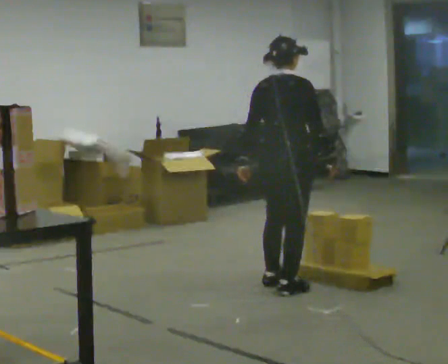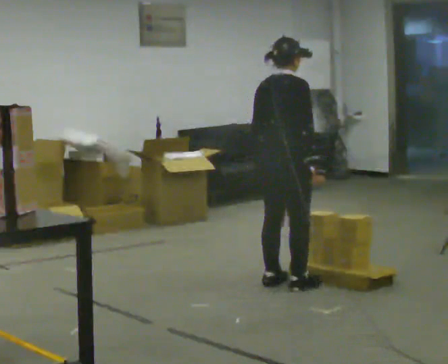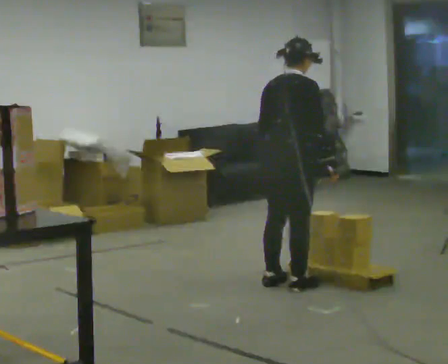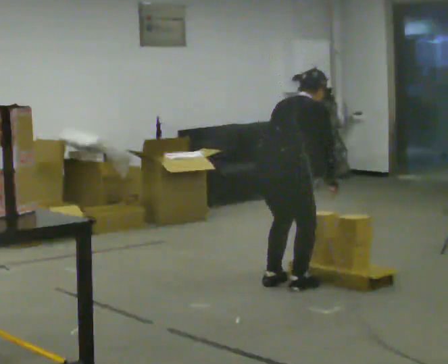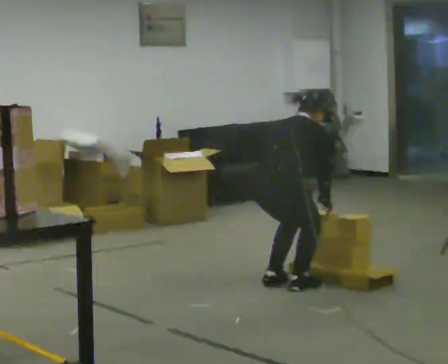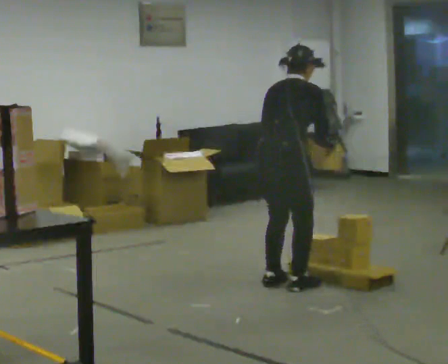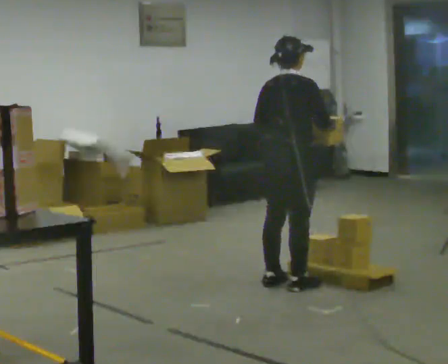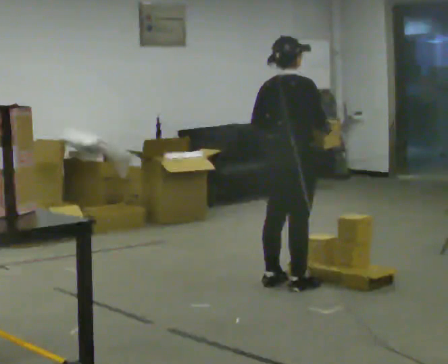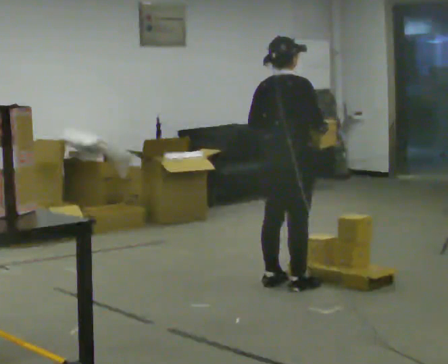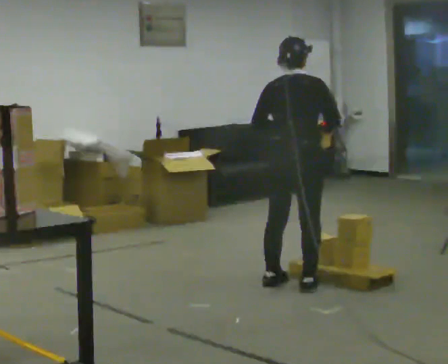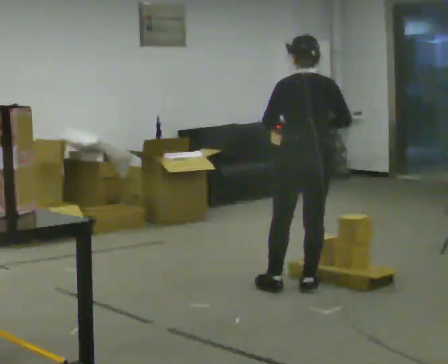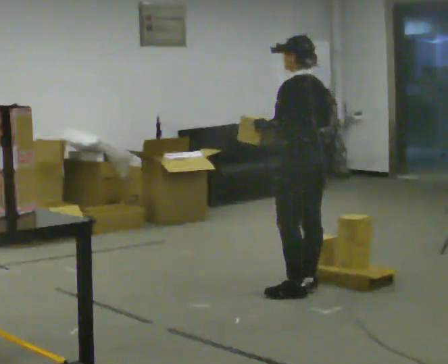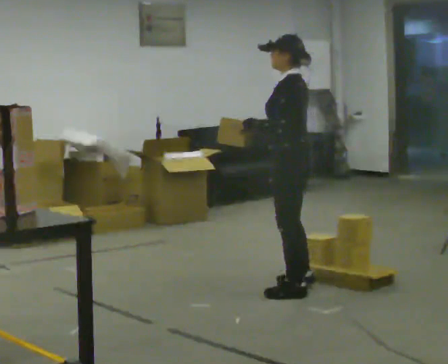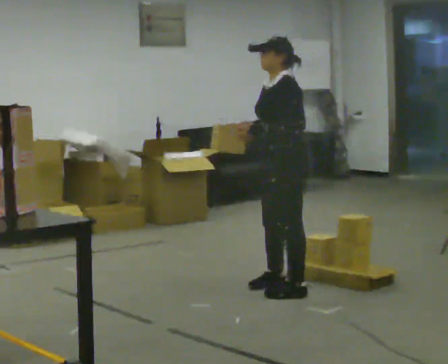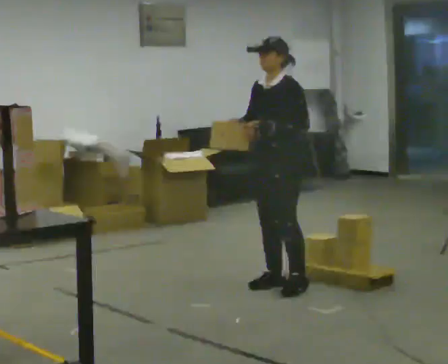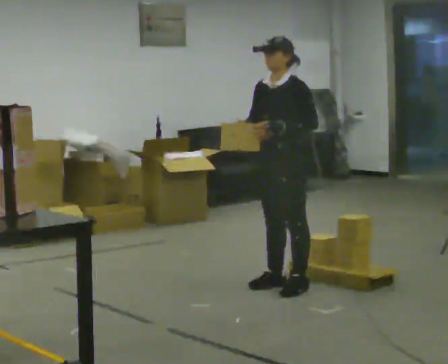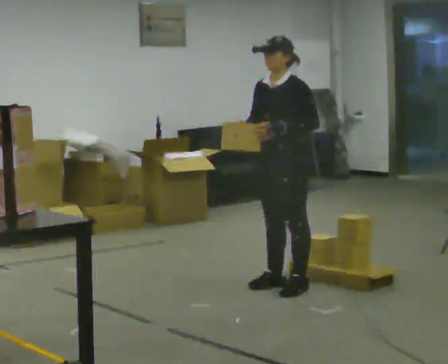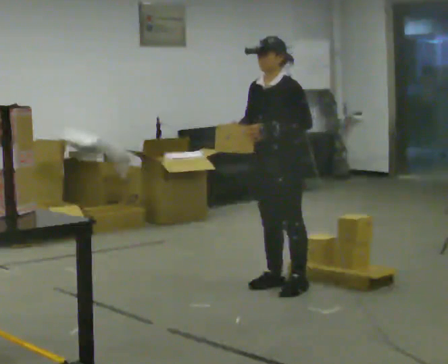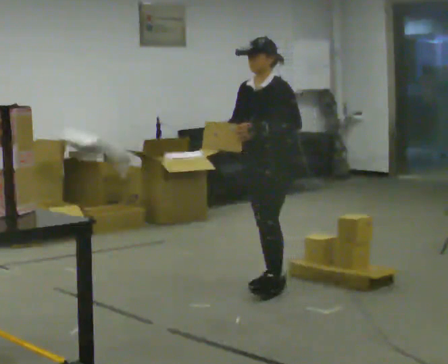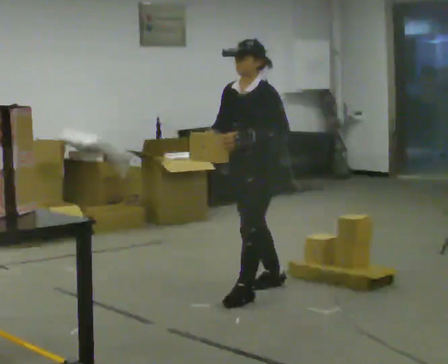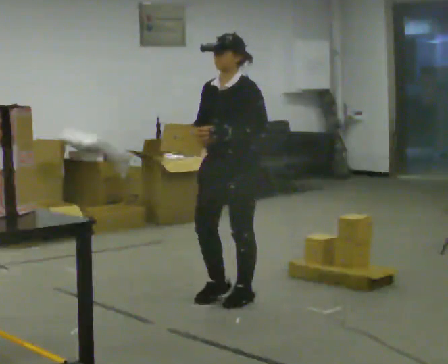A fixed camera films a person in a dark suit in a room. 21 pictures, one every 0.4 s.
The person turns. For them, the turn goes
to their left.
The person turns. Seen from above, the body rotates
counterclockwise.
0.0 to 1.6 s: The upper body goes downward. The upper body tips away from the camera, its near side rolling upward, as they bend forward. In the picture their left hand goes to the right.
1.6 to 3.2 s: The shoulders move upward. The upper body tips toward the camera, its near side rolling downward, as they lean back or straighten. In the picture their right hand goes upward.
3.2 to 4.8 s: The person turns about 120 degrees to their left, counterclockwise seen from above, so the part of the body nearest the lens slides to the right. In the picture they go toward the camera, about 0.25 m in 1 step.
4.8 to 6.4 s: Seen from above the body turns counterclockwise, about 60 degrees: to their left, with its near side sliding to the right.
6.4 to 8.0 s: In the picture they go to the left and toward the camera, about 0.5 m in 1 step, which for them is forward.
The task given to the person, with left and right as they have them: Take an object from the lowest shelf, carry it across the room, and place it on the highest shelf you can comfortably reach. Keep going until the operator says stop; one object at a time, and do not rush between trips.
The film runs forward here.
